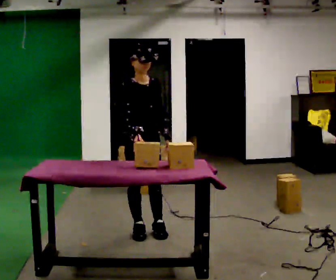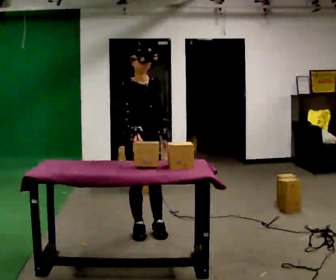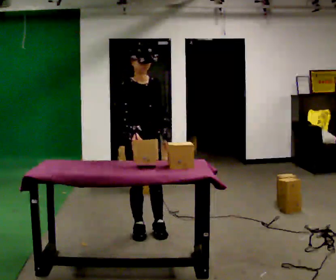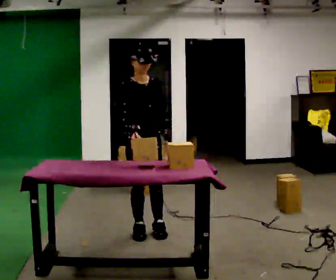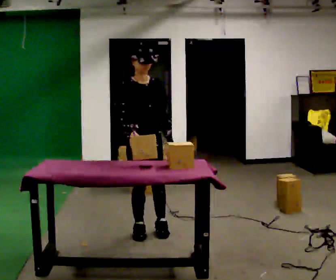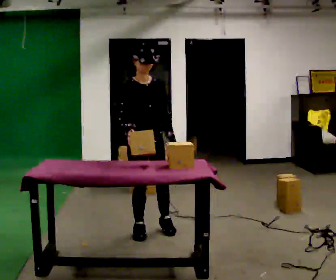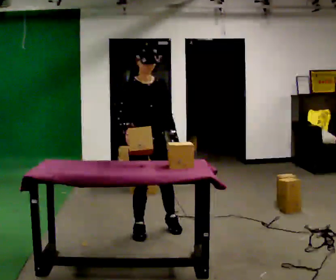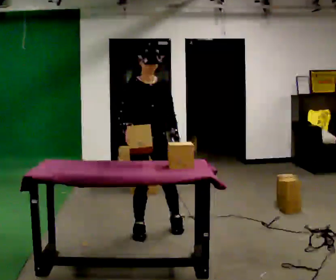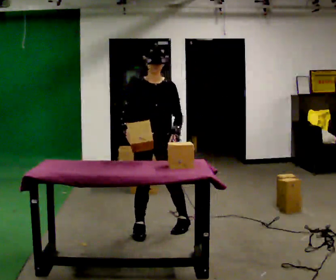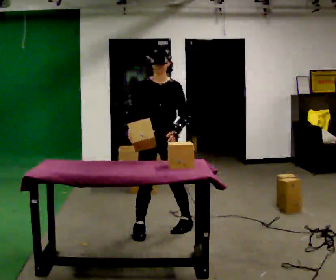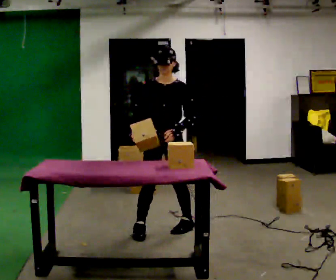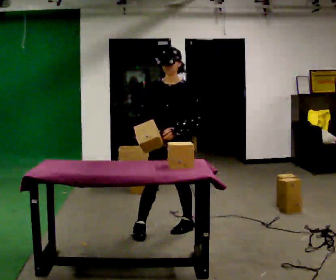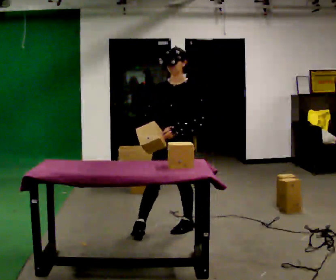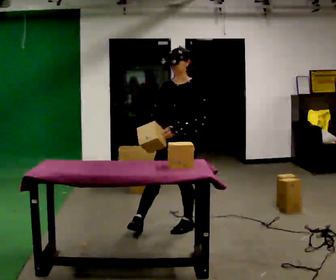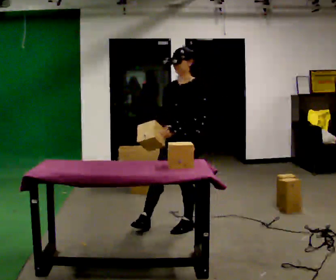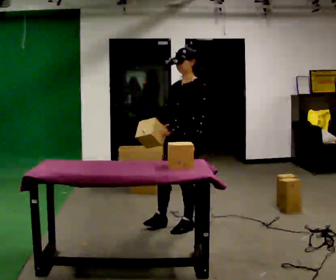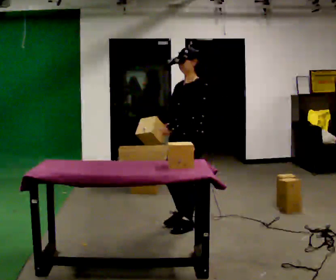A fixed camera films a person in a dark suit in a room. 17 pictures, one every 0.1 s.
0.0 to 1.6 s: The part of the body nearest the lens slides to the left as the person turns to their right by about 105 degrees. In the picture they go to the right, about 0.5 m in 2 steps. The upper body tips away from the camera, its near side rolling upward, as they lean back or straighten.
The film runs backward here.
